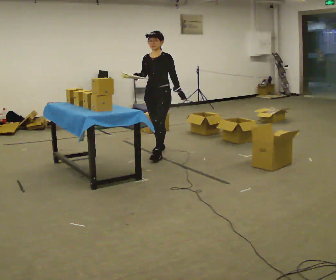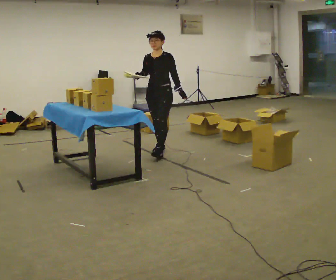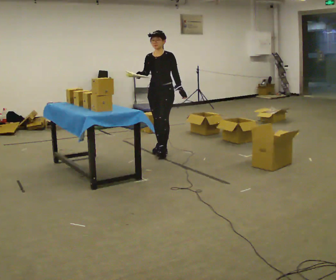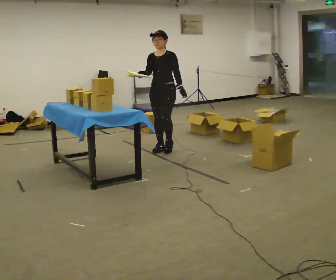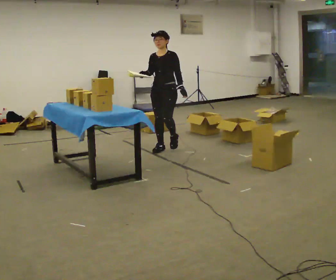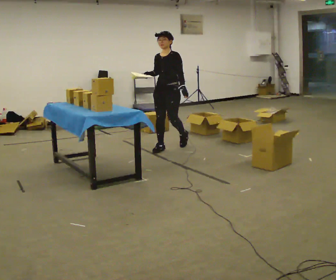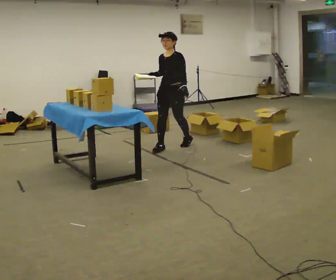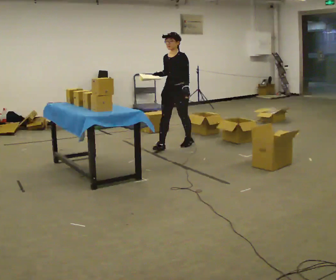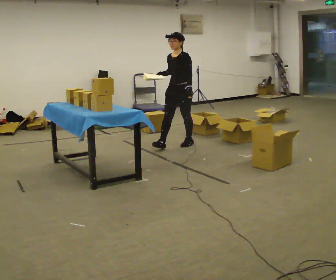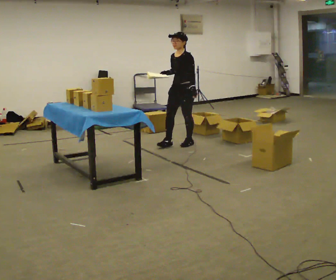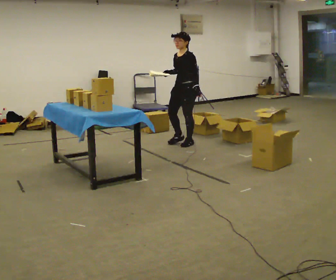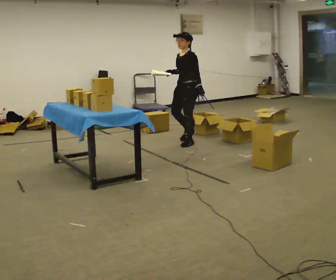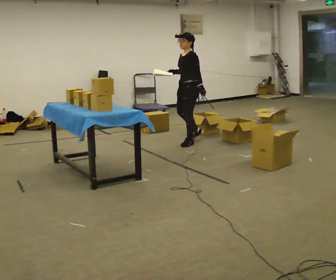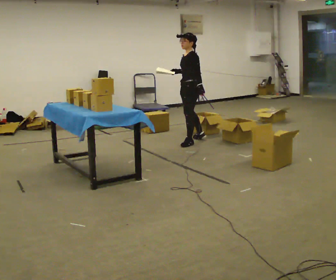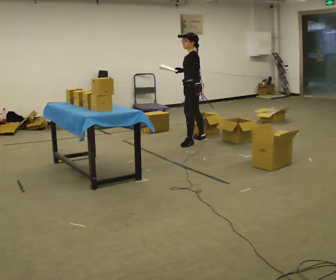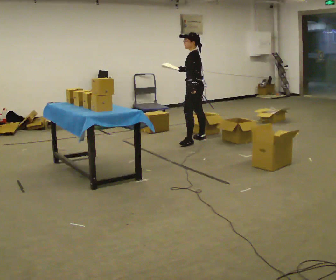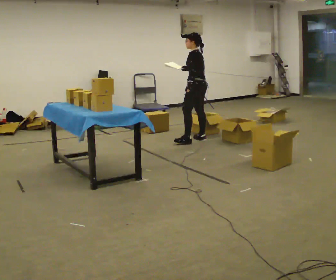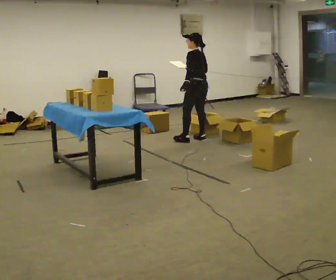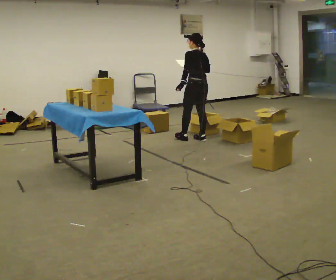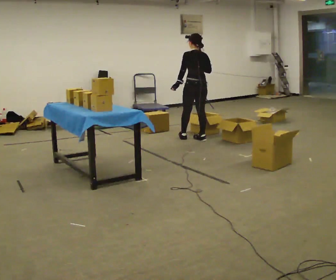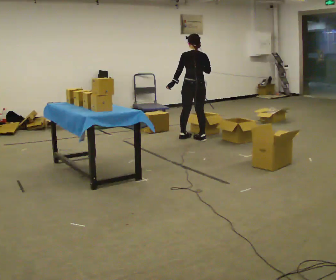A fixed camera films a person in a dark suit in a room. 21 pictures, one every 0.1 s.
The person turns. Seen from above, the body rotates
clockwise.
The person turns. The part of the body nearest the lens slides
to the left.
0.0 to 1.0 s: In the picture they go away from the camera and to the right, about 0.5 m in 2 steps, which for them is backward.
1.0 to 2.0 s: The part of the body nearest the lens slides to the left as the person turns to their right by about 120 degrees. In the picture they go away from the camera and to the right, about 0.25 m in 1 step.
The film runs backward here.
